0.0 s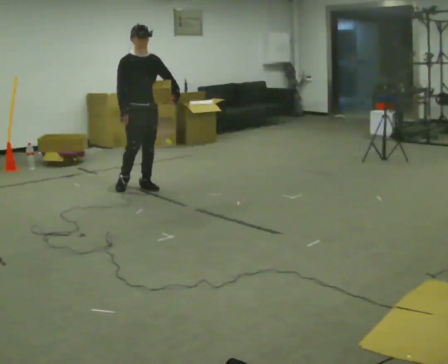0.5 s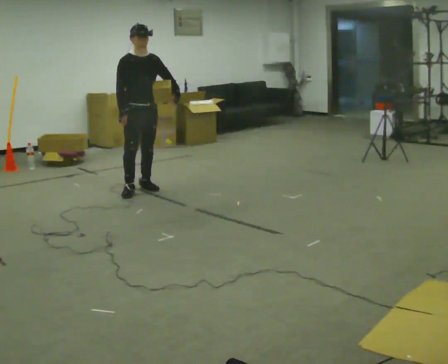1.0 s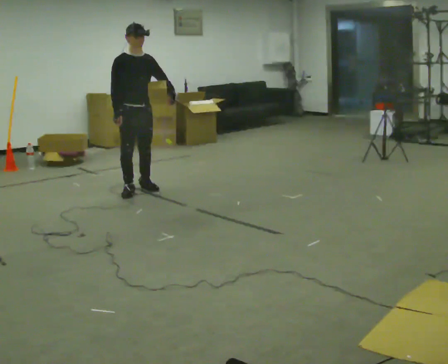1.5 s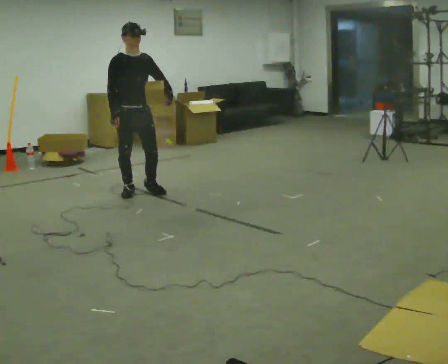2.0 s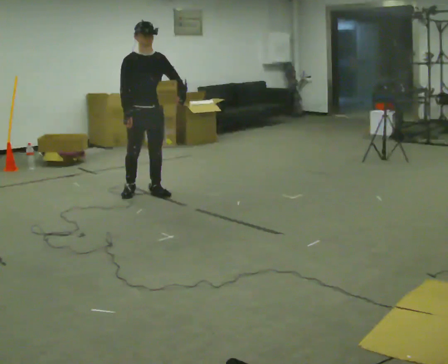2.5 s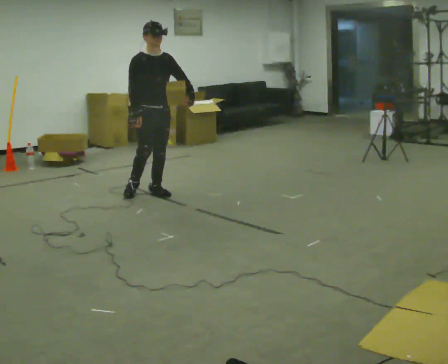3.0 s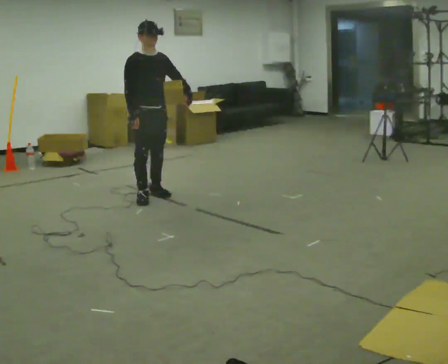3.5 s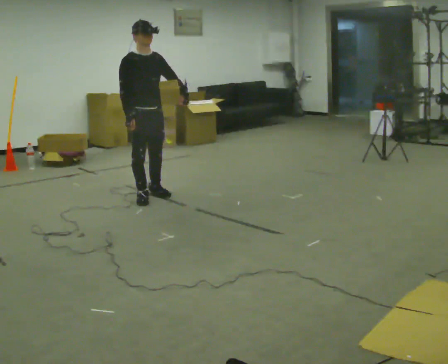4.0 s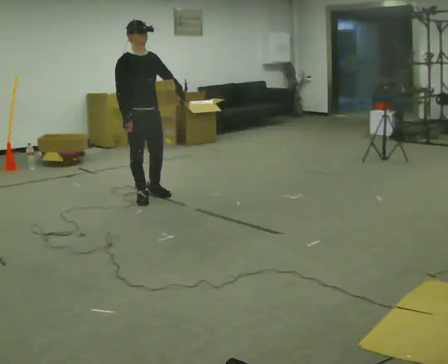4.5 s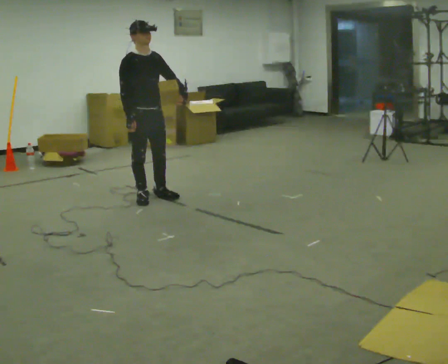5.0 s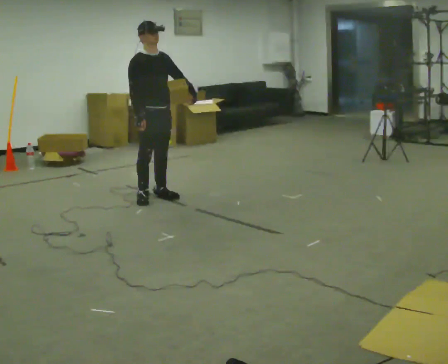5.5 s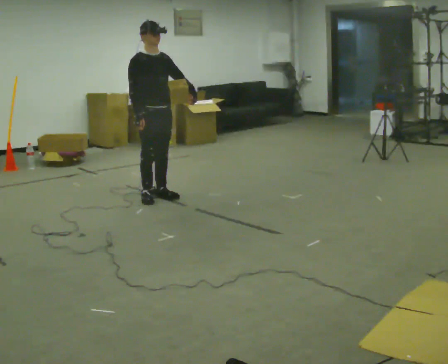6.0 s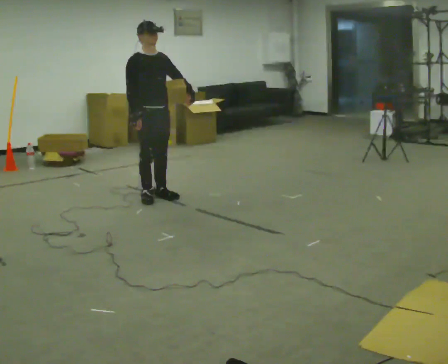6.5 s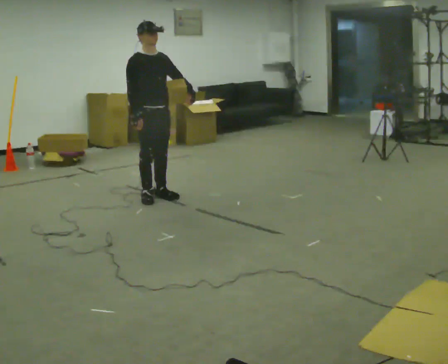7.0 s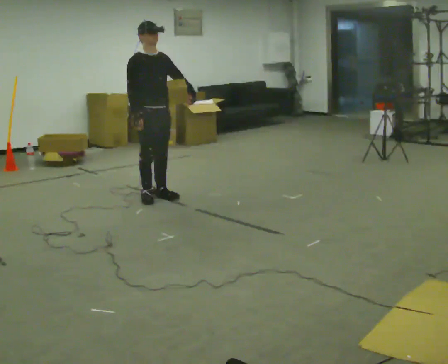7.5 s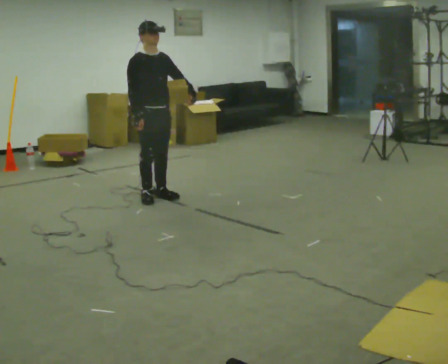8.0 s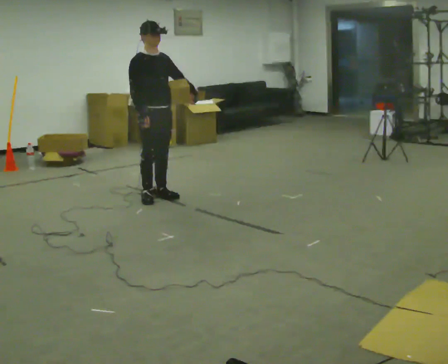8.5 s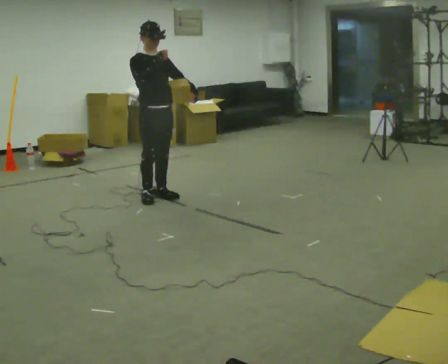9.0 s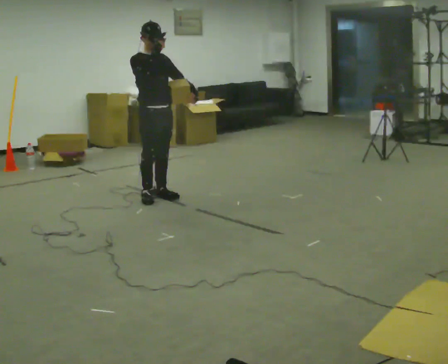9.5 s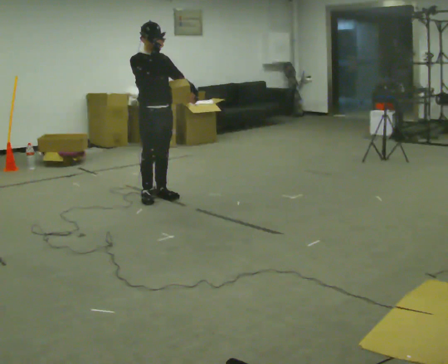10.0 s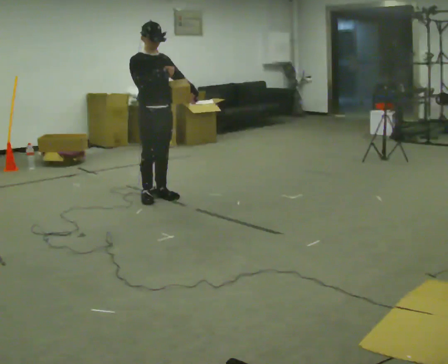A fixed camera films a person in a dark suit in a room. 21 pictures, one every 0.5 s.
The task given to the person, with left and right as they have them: Hold the object against your hip on the side the operator calls, and carry it back and forth across the room.
0.0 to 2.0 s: In the picture they go toward the camera, about 0.25 m in 2 steps, which for them is forward.
2.0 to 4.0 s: In the picture they go toward the camera, about 0.25 m in 1 step, which for them is forward and to their right.
4.0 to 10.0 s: In the picture their right hand goes upward and to the right.
The film runs forward here.
